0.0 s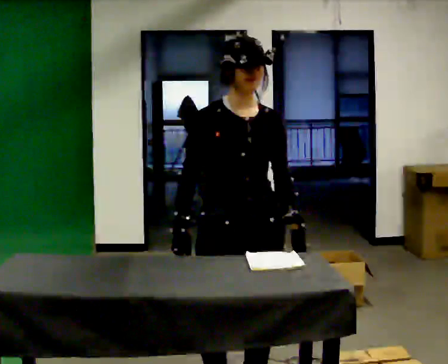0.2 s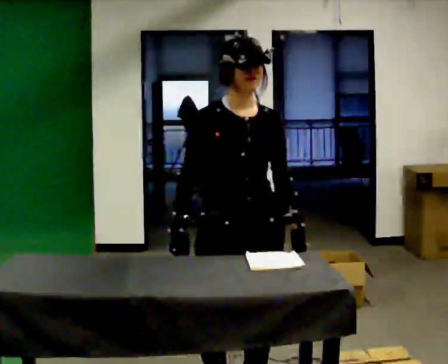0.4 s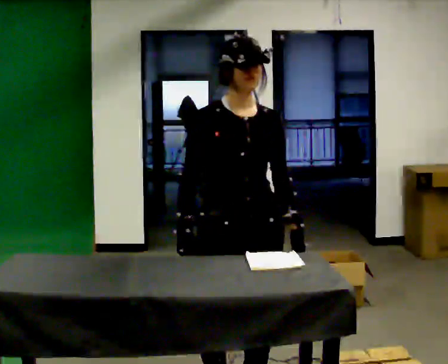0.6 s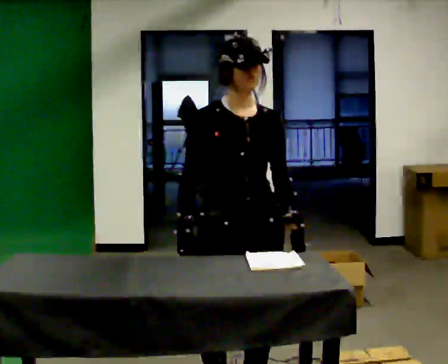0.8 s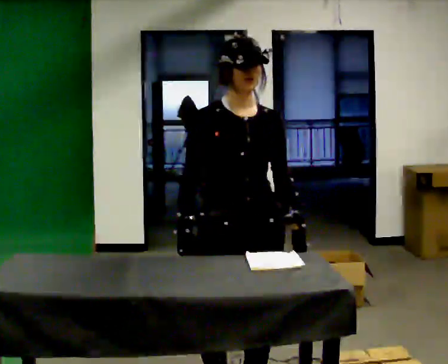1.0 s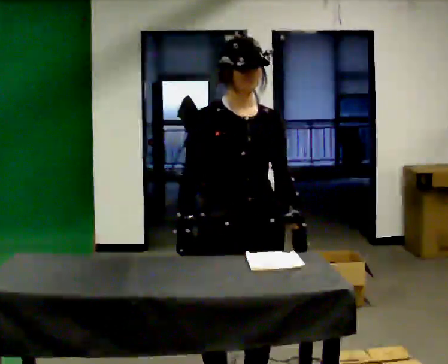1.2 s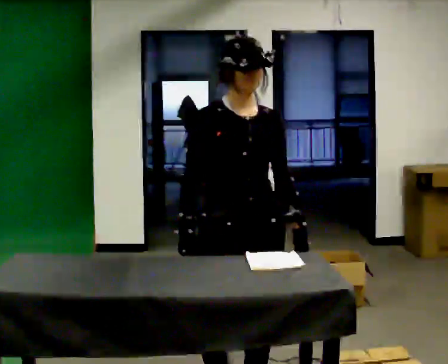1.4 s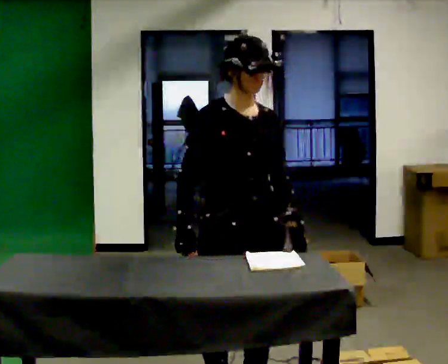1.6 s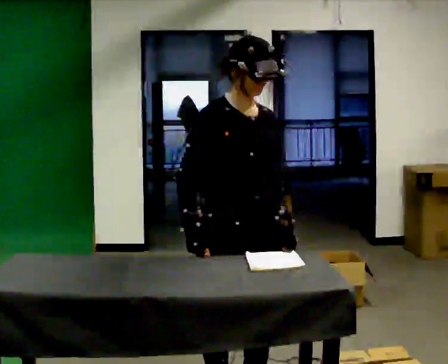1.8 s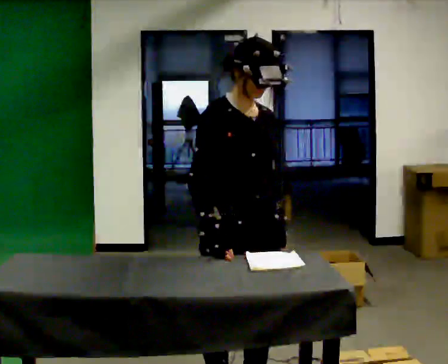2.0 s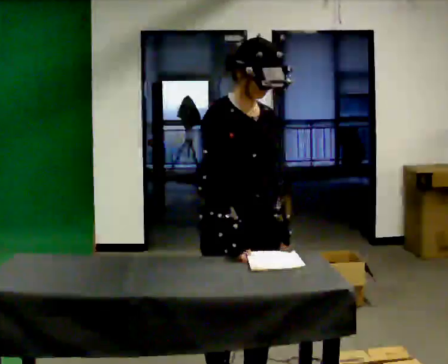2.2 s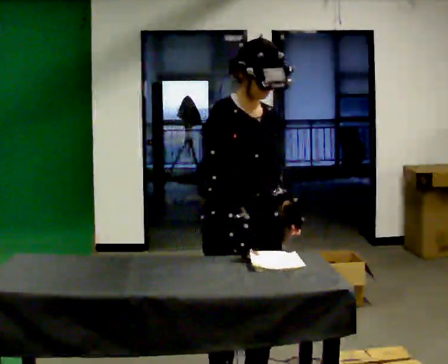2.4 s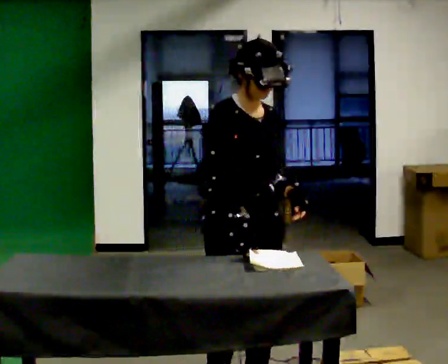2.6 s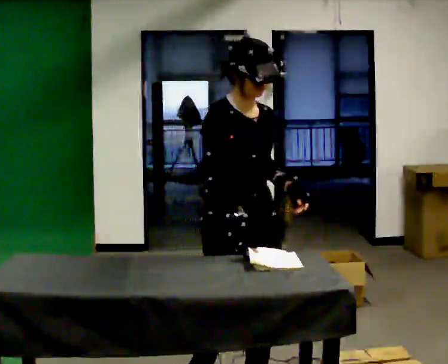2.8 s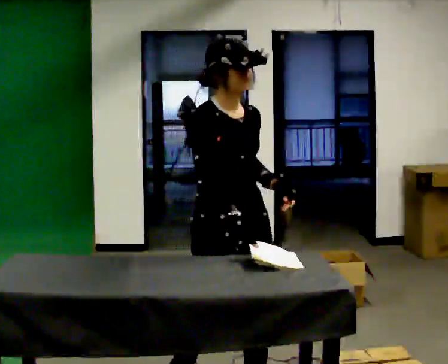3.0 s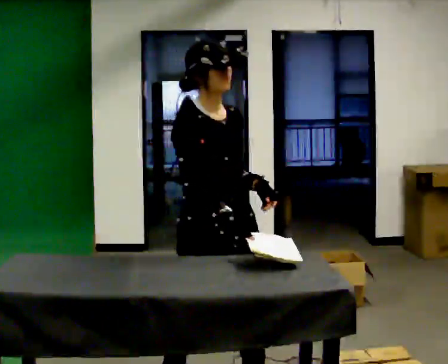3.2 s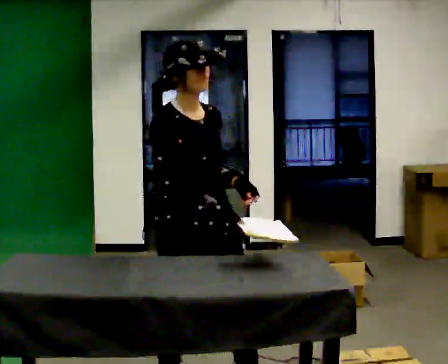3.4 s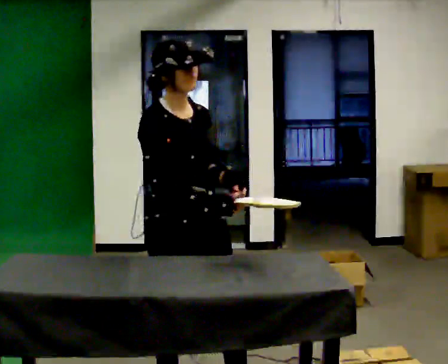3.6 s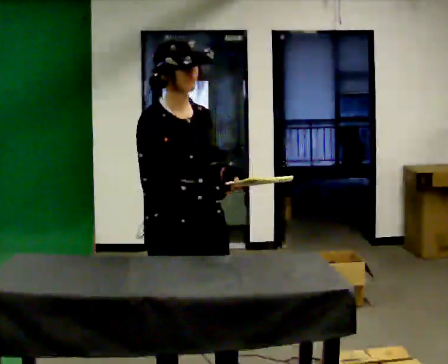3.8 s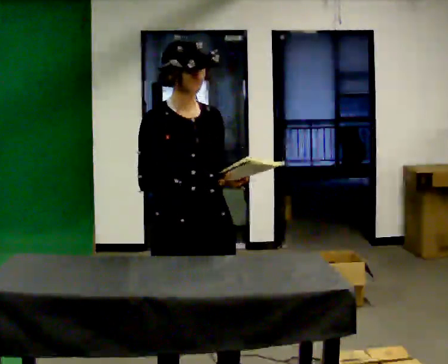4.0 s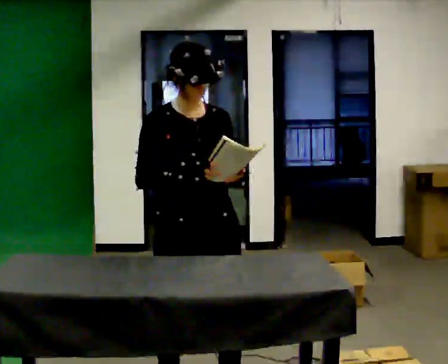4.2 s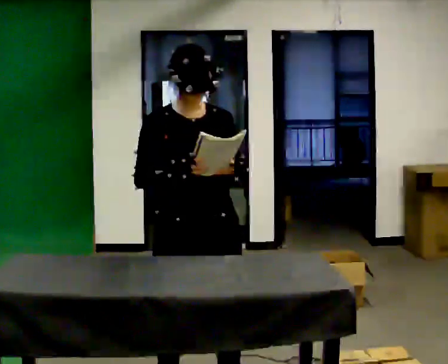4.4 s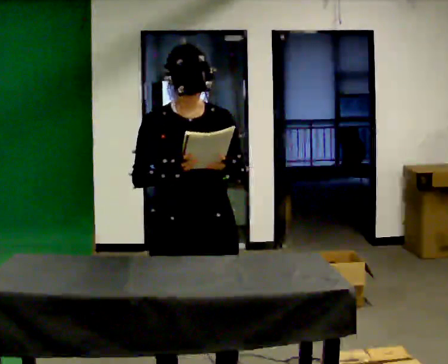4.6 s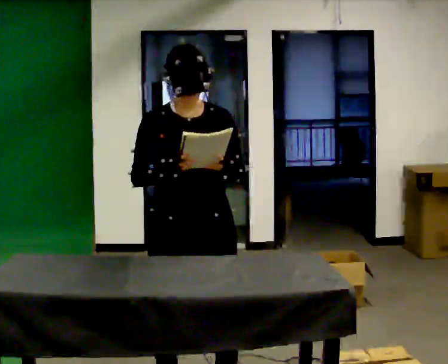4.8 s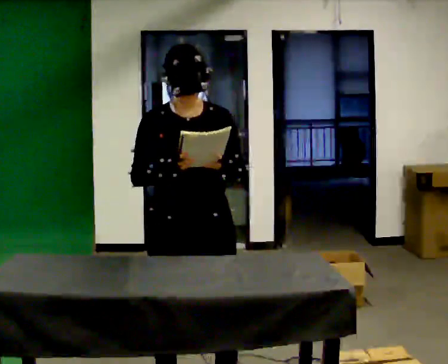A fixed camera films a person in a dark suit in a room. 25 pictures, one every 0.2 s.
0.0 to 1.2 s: The person keeps their place and pose.
1.2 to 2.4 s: The person moves a little, or ends about where they began.
2.4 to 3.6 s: In the picture they go to the left, about 0.25 m in 1 step, which for them is to their right and backward.
3.6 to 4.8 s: Seen from above the body turns clockwise, about 30 degrees: to their right, with its near side sliding to the left.
The film runs backward here.
